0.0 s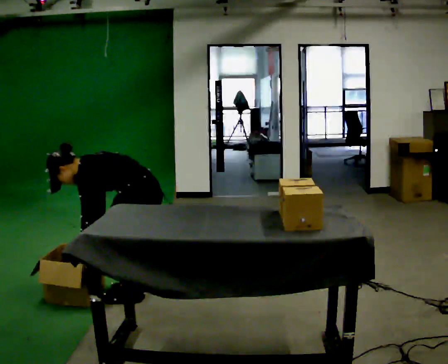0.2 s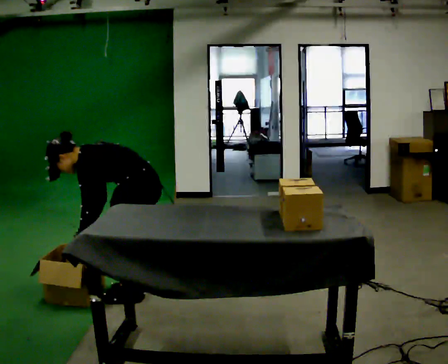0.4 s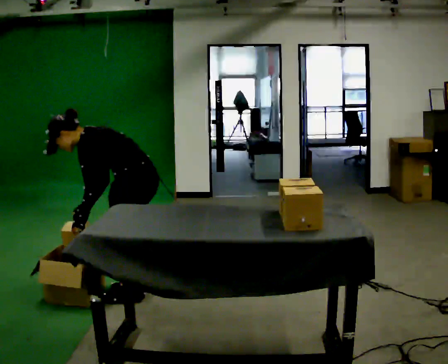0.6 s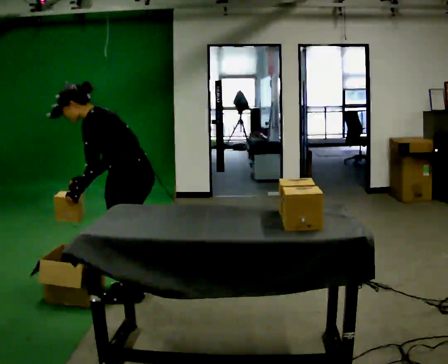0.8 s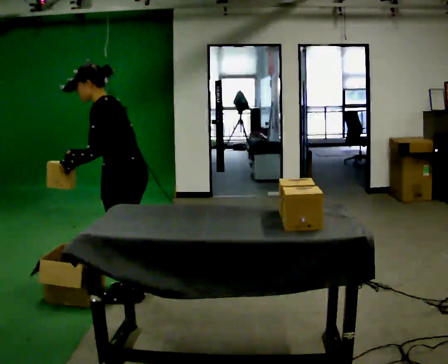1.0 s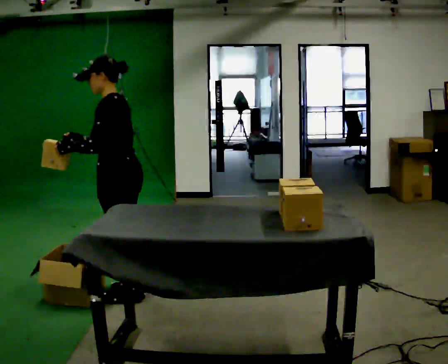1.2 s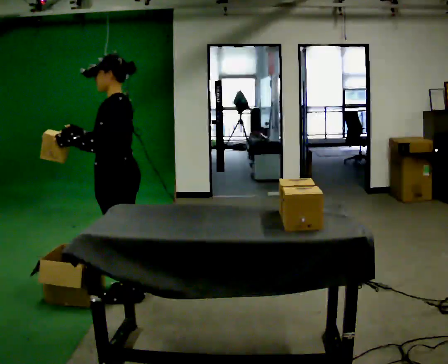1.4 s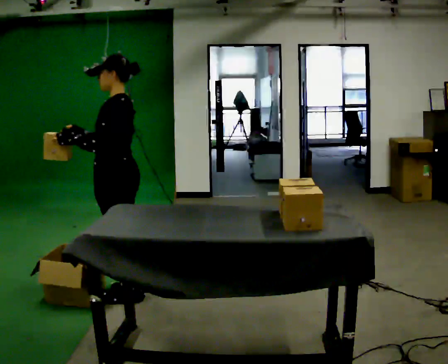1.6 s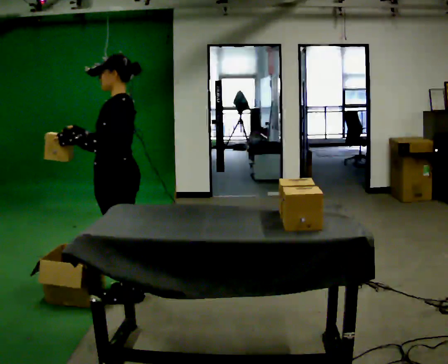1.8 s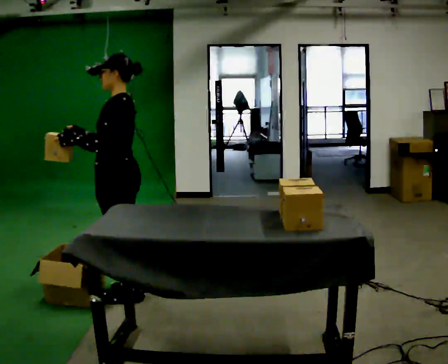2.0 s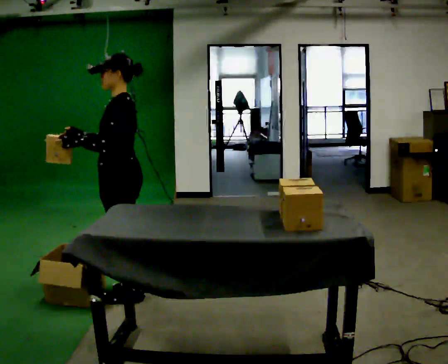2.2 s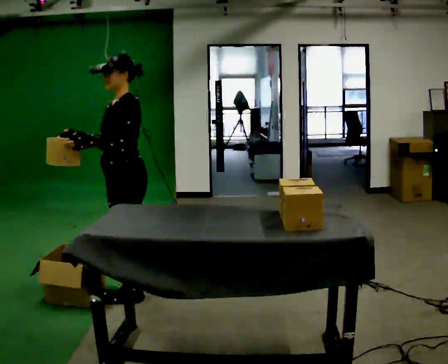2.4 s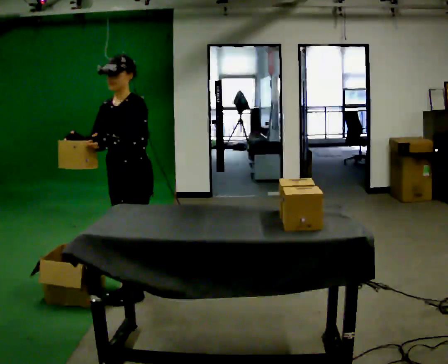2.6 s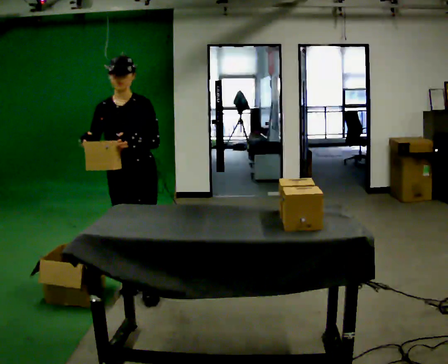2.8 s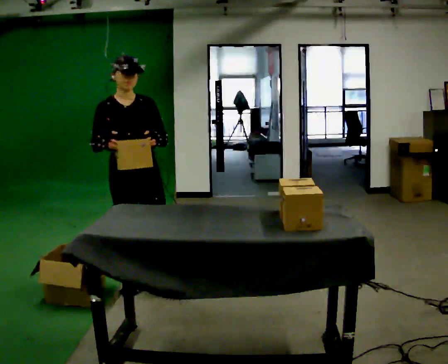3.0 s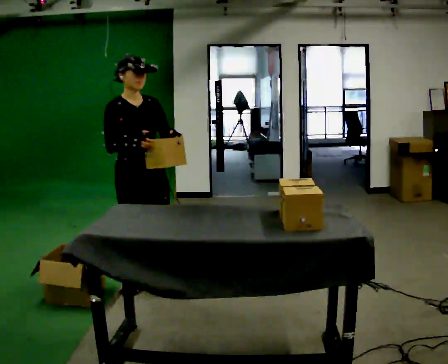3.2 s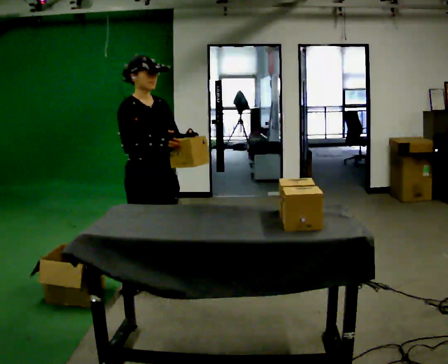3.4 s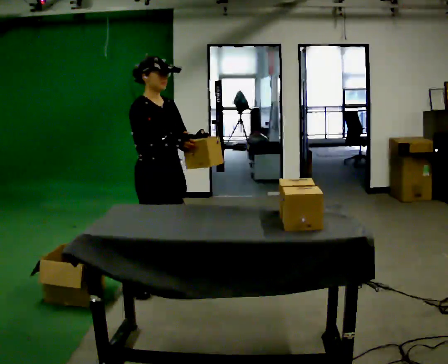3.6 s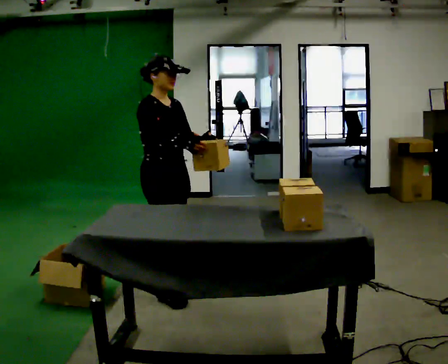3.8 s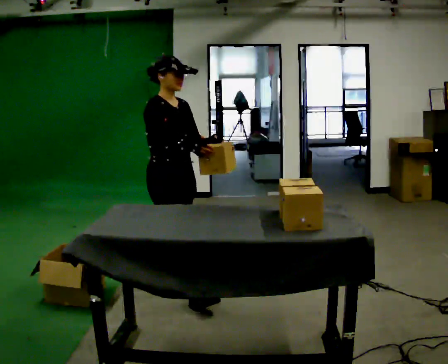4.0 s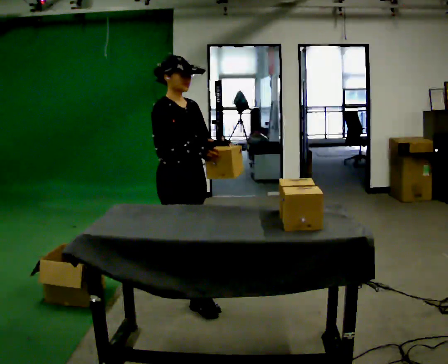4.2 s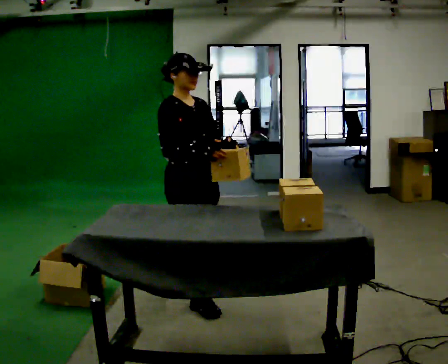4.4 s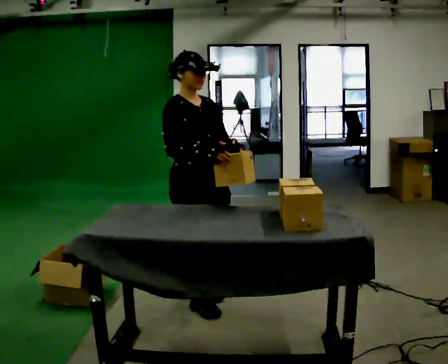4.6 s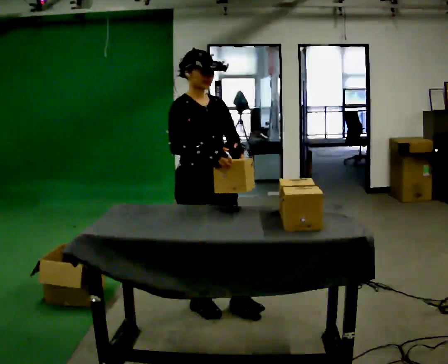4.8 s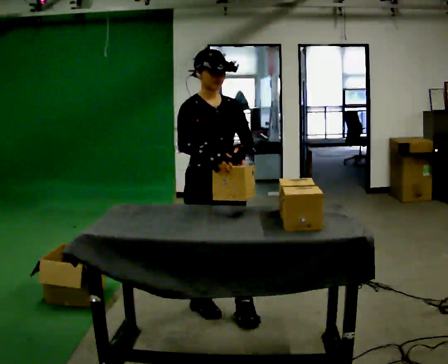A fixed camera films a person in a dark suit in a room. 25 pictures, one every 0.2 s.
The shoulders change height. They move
upward.
The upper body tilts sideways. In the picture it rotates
clockwise.
0.0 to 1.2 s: The upper body goes upward. In the picture the upper body tilts clockwise, shoulders to the right, as they lean back or straighten. In the picture their right hand goes upward, the arm swinging clockwise.
1.2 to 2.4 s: The part of the body nearest the lens slides to the right as the person turns to their left by about 60 degrees.
2.4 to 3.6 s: The part of the body nearest the lens slides to the right as the person turns to their left by about 90 degrees. In the picture they go to the right, about 0.25 m in 1 step. In the picture their right hand goes to the right.
3.6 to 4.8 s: The person turns about 30 degrees to their right, clockwise seen from above, so the part of the body nearest the lens slides to the left. In the picture they go toward the camera and to the right, about 0.5 m in 2 steps, which for them is forward.
The film runs forward here.
